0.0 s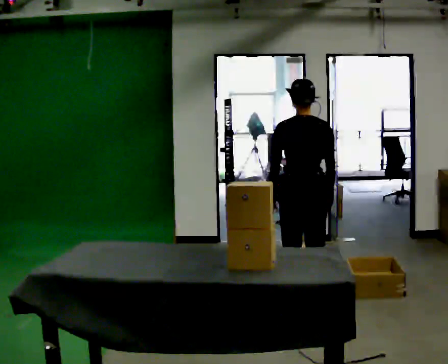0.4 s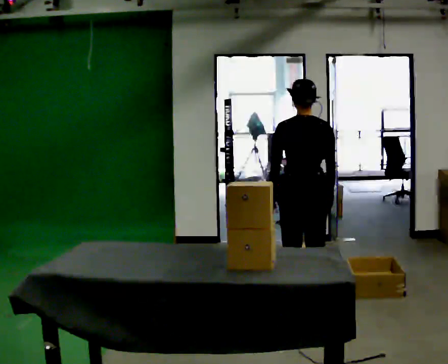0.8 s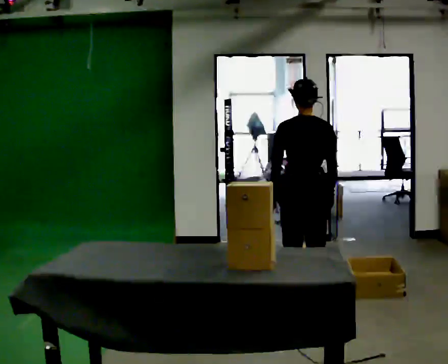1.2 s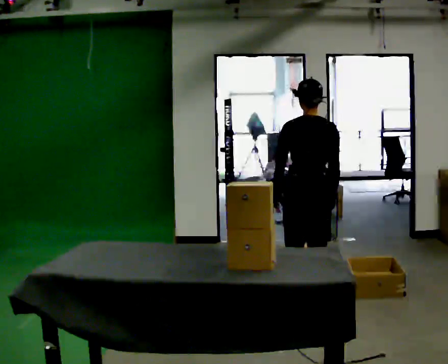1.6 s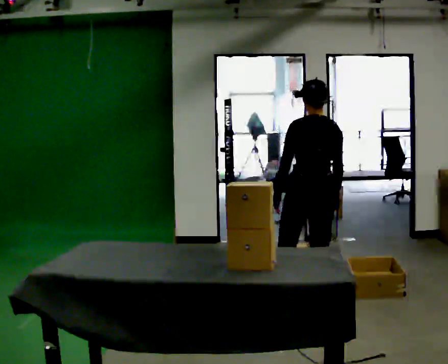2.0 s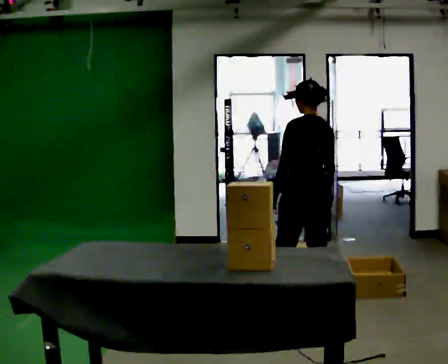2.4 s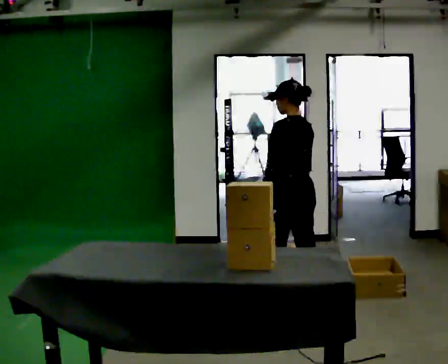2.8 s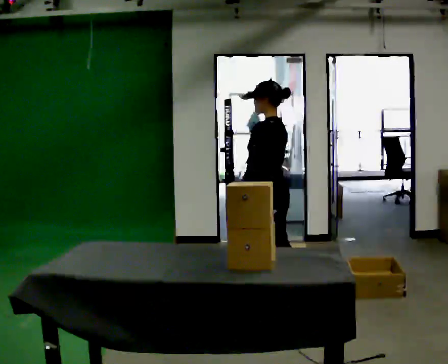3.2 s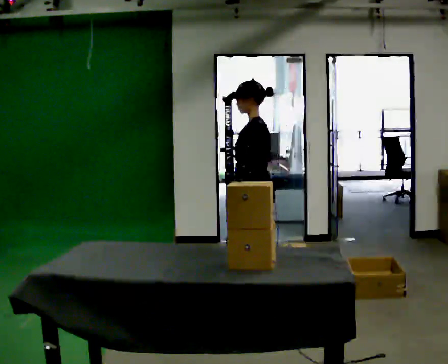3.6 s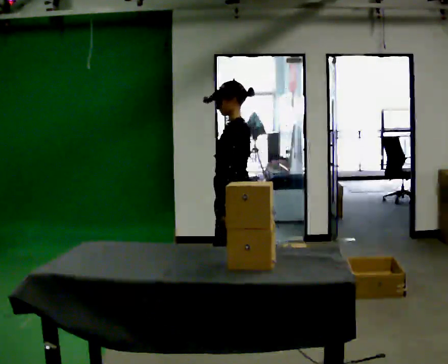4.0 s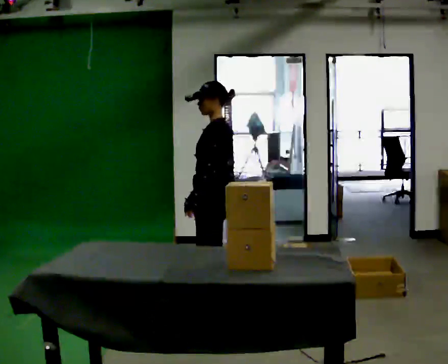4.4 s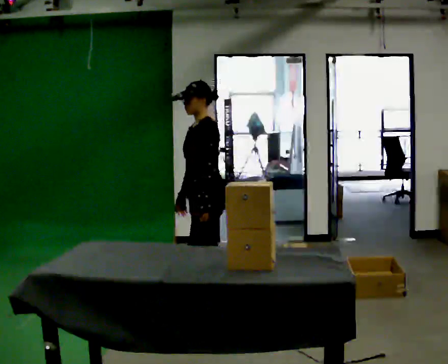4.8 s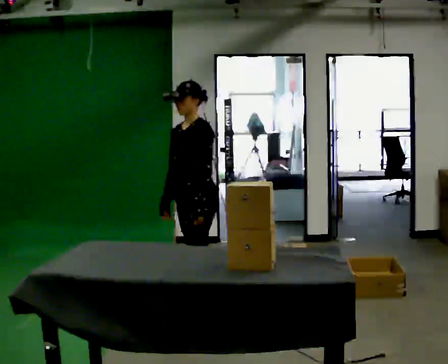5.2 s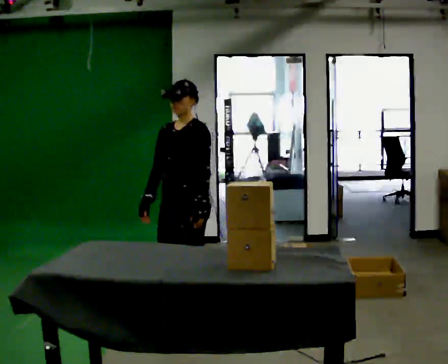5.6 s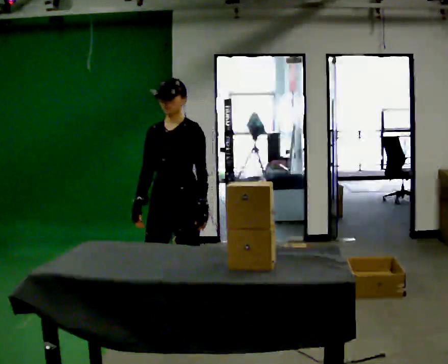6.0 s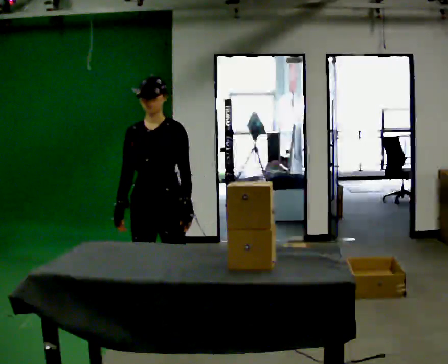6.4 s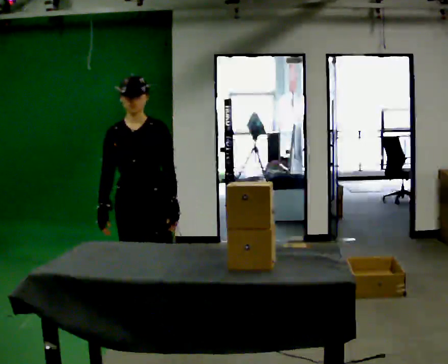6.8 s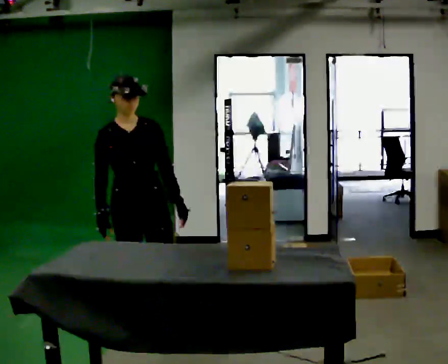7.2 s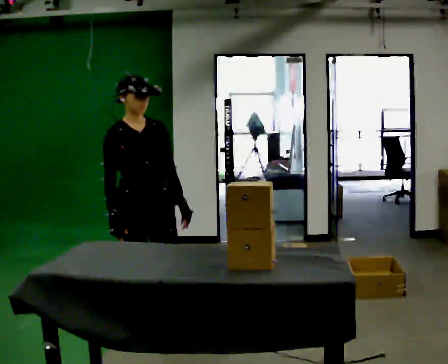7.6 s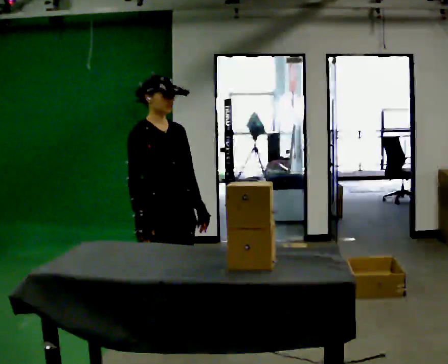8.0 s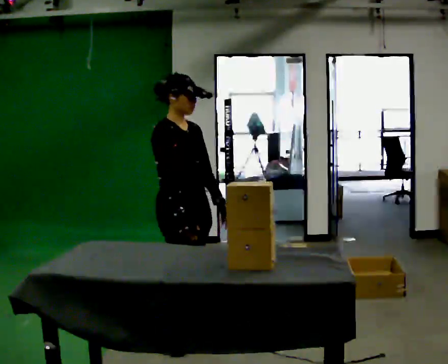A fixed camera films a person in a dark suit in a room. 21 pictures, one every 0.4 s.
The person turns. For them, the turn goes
to their left.
The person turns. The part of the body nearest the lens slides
to the right.
0.0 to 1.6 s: The person moves a little, or ends about where they began.
1.6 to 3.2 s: The part of the body nearest the lens slides to the right as the person turns to their left by about 75 degrees. In the picture they go to the left, about 0.5 m in 1 step.
3.2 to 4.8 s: The person turns about 45 degrees to their left, counterclockwise seen from above, so the part of the body nearest the lens slides to the right. In the picture they go to the left, about 0.5 m in 2 steps, which for them is forward.
4.8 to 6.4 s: Seen from above the body turns counterclockwise, about 45 degrees: to their left, with its near side sliding to the right. In the picture they go toward the camera and to the left, about 0.5 m in 1 step, which for them is forward.
6.4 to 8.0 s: The person turns about 60 degrees to their left, counterclockwise seen from above, so the part of the body nearest the lens slides to the right. In the picture they go to the right and toward the camera, about 0.25 m in 1 step, which for them is forward and to their left.
The film runs forward here.
